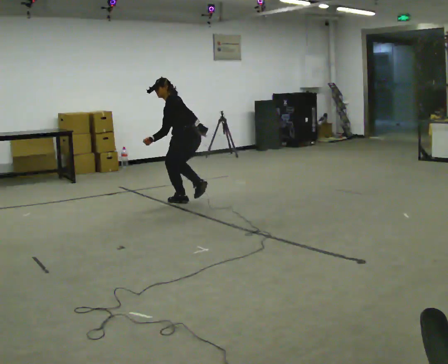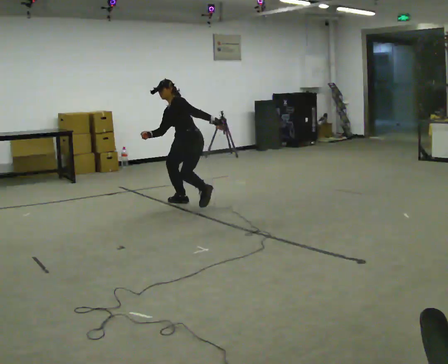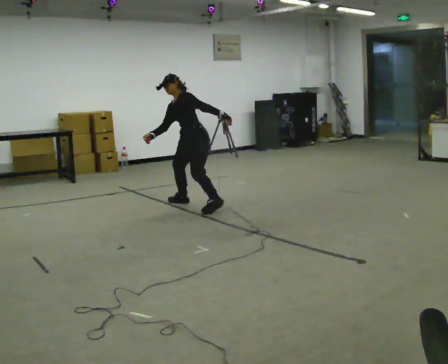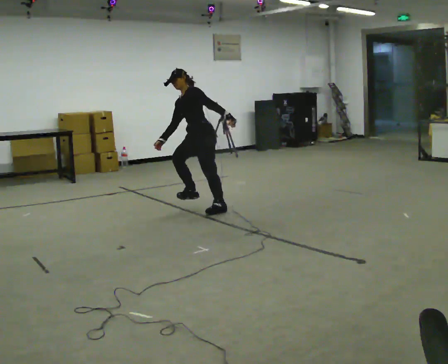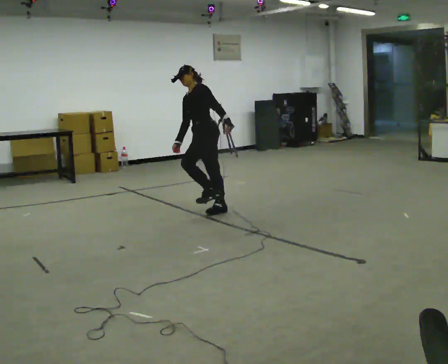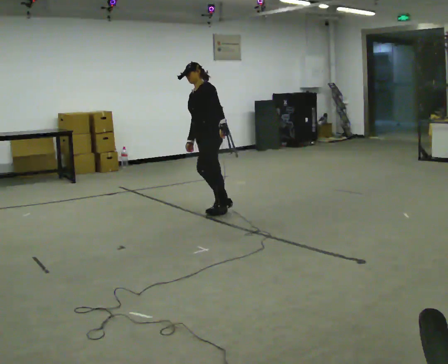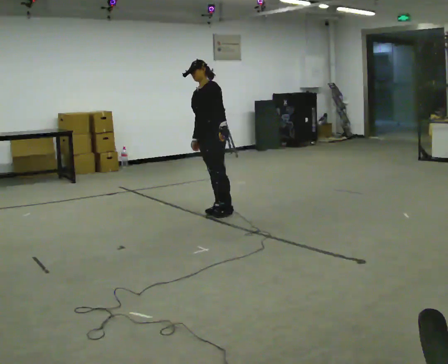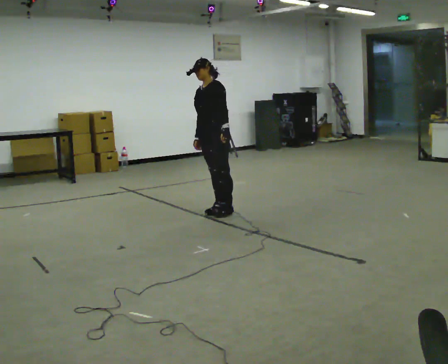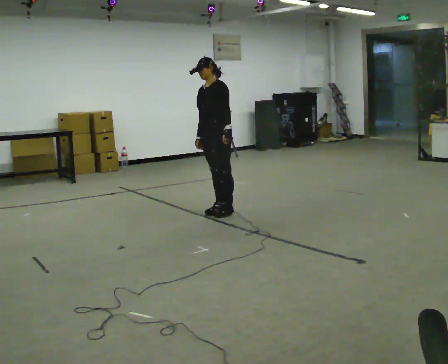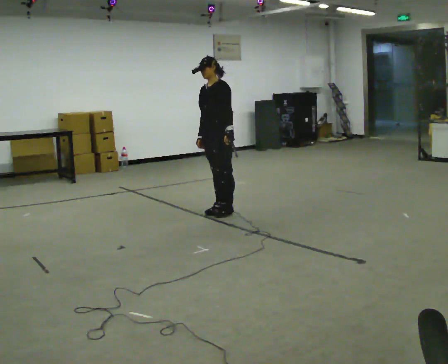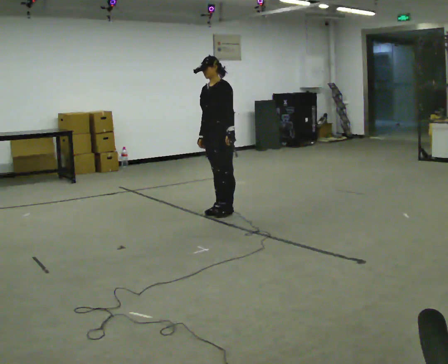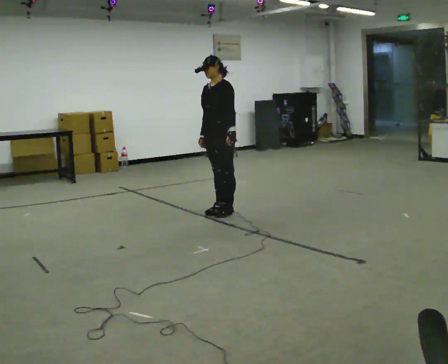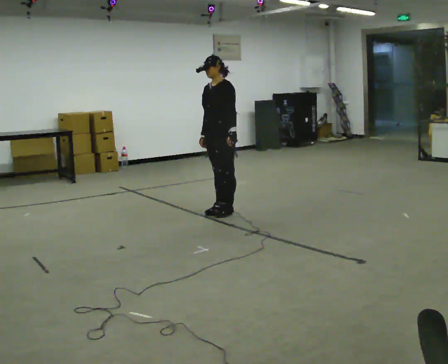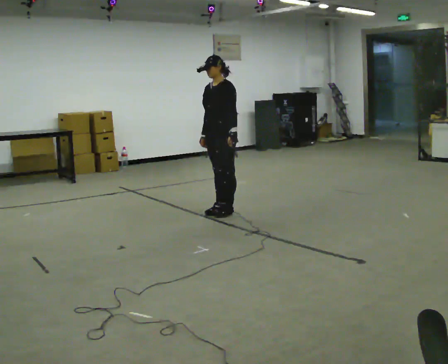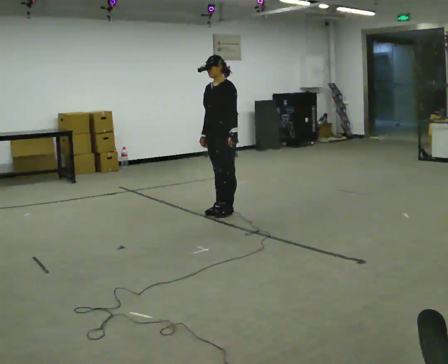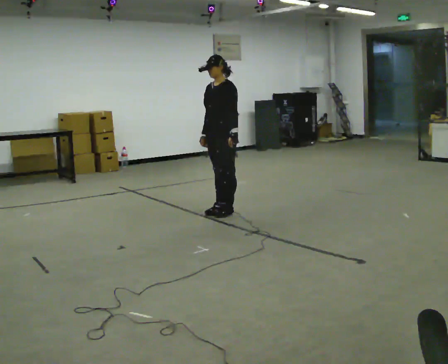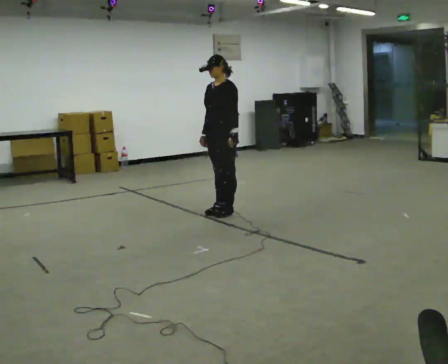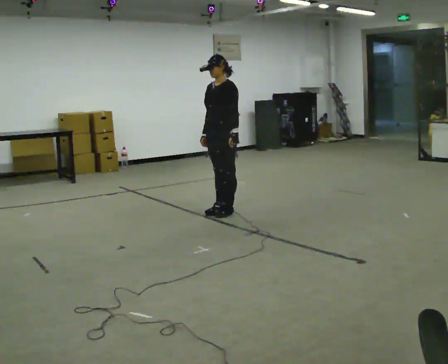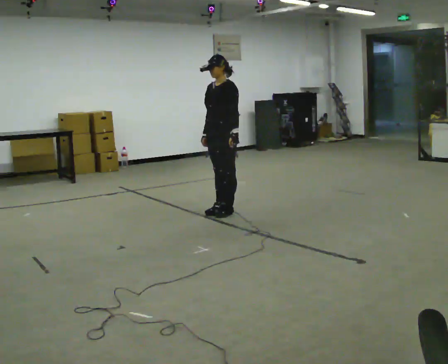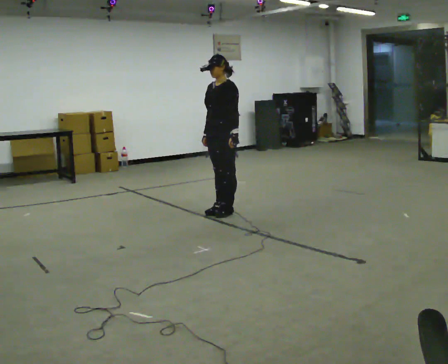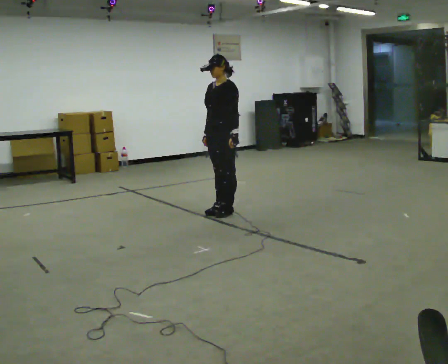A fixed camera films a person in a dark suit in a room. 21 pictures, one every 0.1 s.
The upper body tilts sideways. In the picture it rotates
clockwise.
0.0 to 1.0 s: The part of the body nearest the lens slides to the right as the person turns to their left by about 60 degrees. In the picture they go to the right and toward the camera, about 0.5 m in 1 step, which for them is to their left. In the picture the upper body tilts clockwise, shoulders to the right, as they lean back or straighten.
1.0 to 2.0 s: The person moves a little, or ends about where they began.
The film runs backward here.
